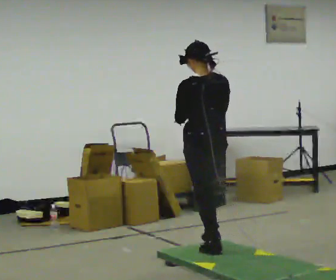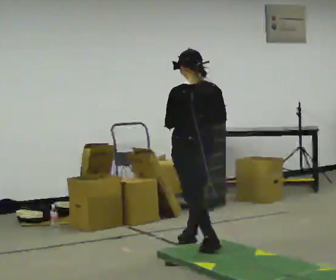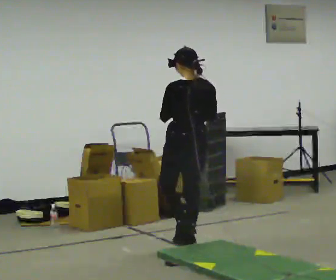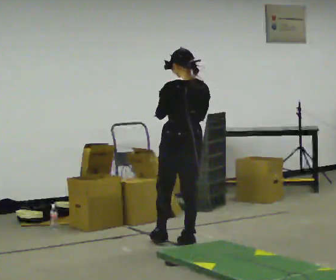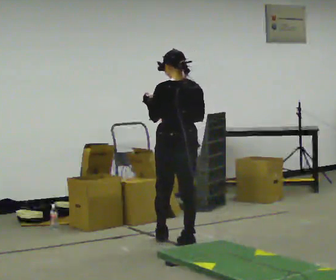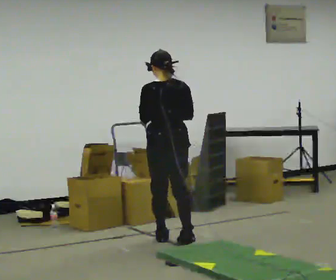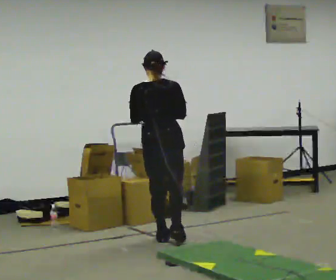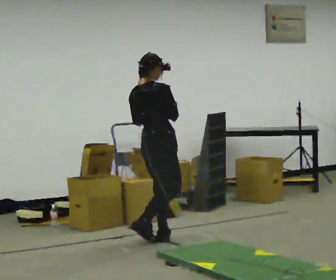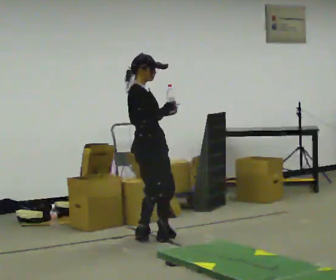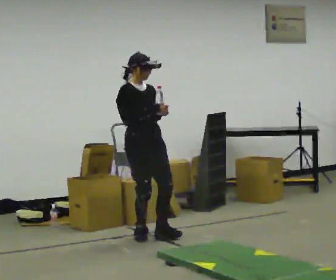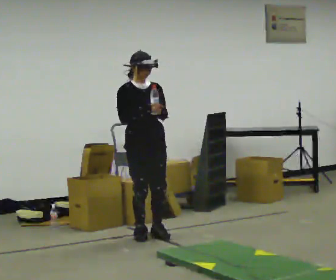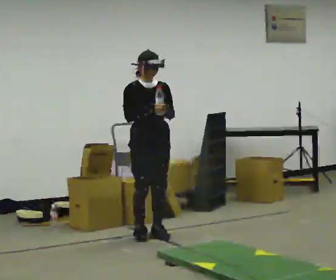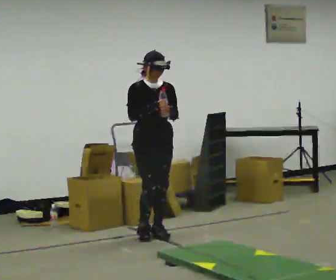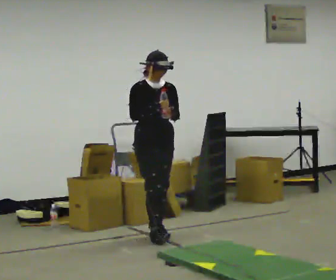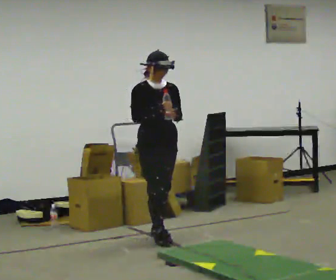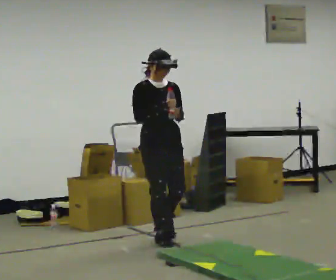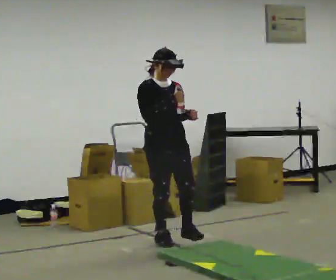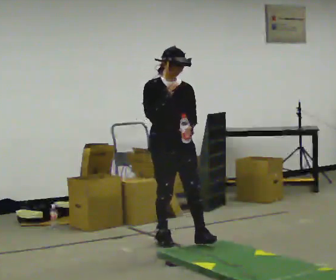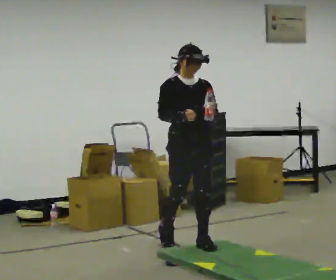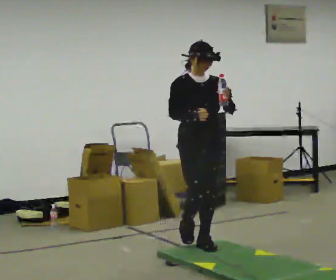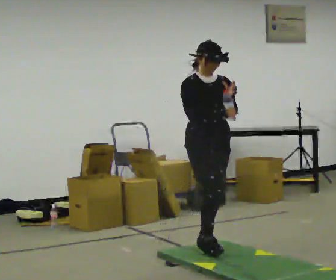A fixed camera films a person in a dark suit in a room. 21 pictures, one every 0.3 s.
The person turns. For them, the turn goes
to their right.
The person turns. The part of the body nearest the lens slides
to the left.
0.0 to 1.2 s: In the picture they go away from the camera and to the left, about 0.5 m in 2 steps, which for them is forward.
1.2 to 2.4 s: The person turns about 135 degrees to their right, clockwise seen from above, so the part of the body nearest the lens slides to the left. In the picture they go to the left and away from the camera, about 0.25 m in 1 step.
2.4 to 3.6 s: The part of the body nearest the lens slides to the left as the person turns to their right by about 45 degrees.
3.6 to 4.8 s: In the picture they go toward the camera, about 0.25 m in 1 step, which for them is forward.
4.8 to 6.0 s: In the picture they go toward the camera and to the right, about 0.5 m in 1 step, which for them is forward.
The film runs forward here.
